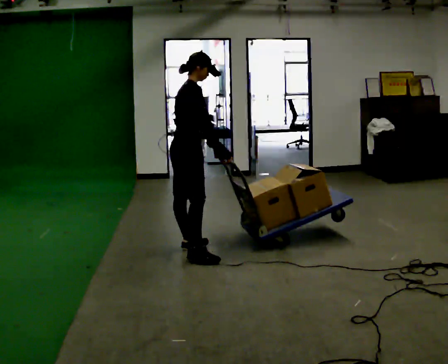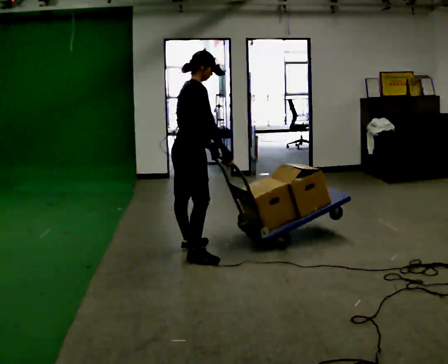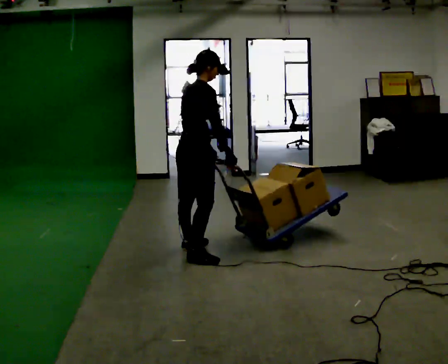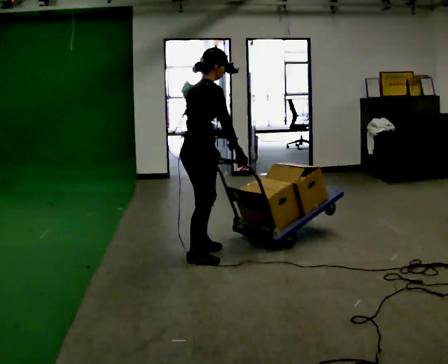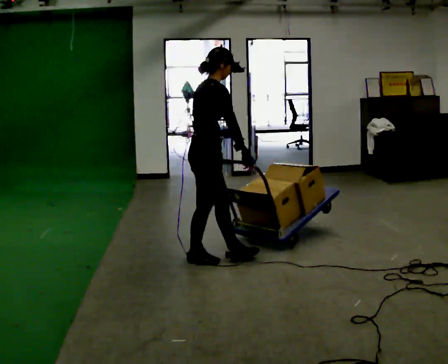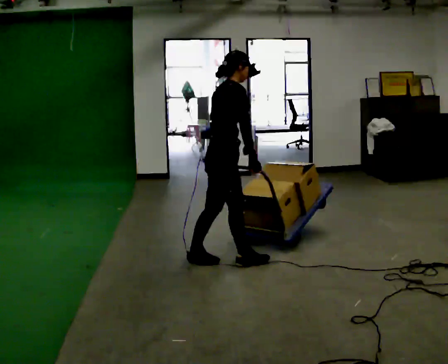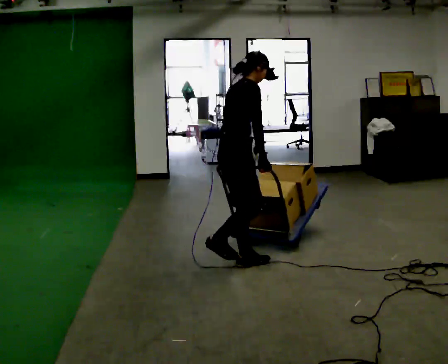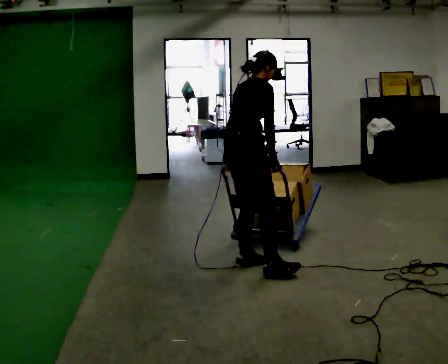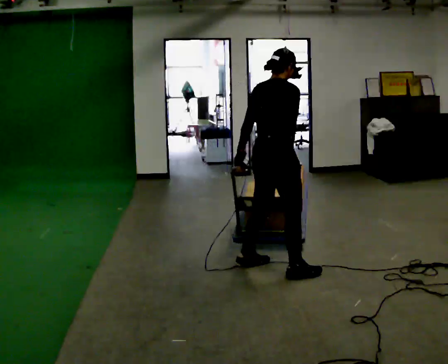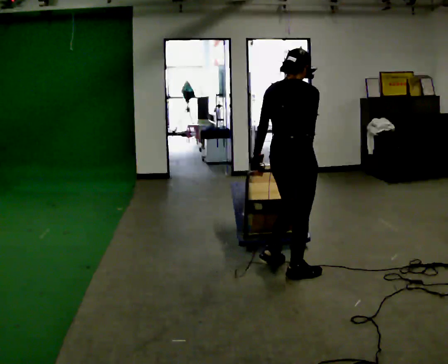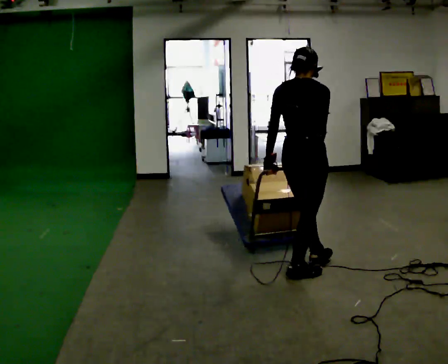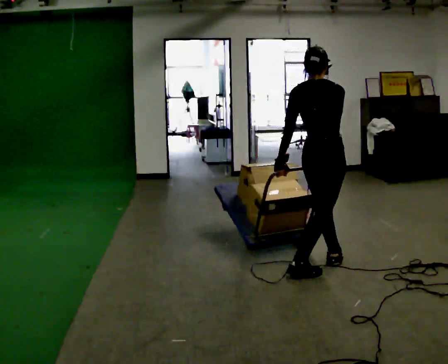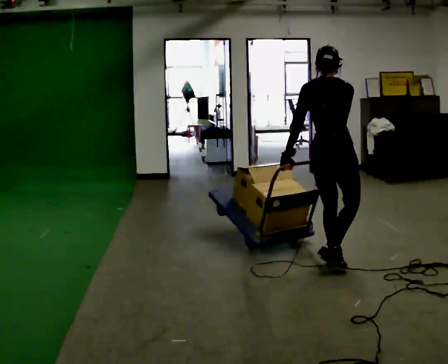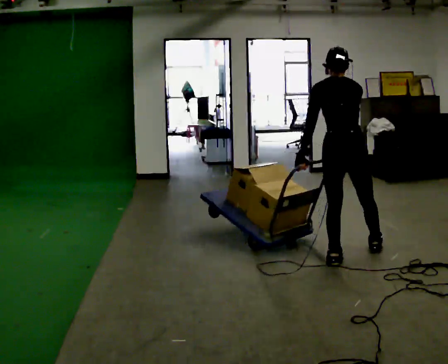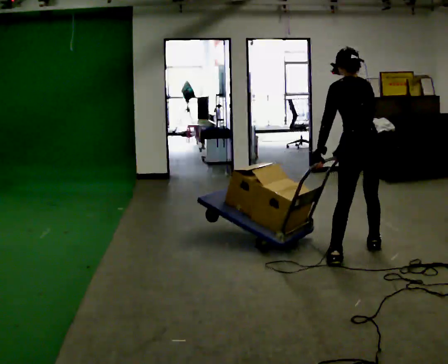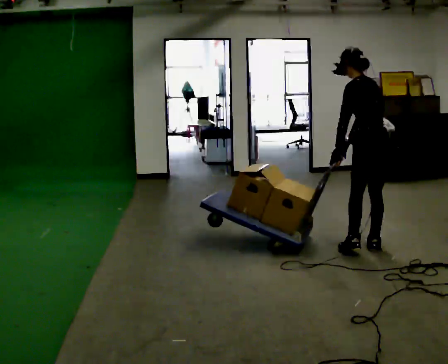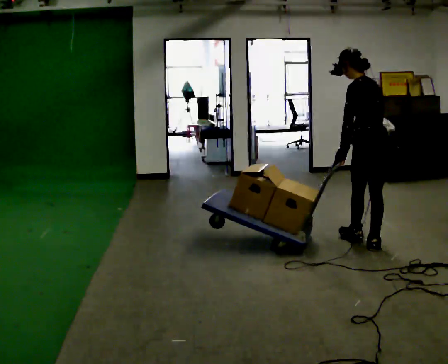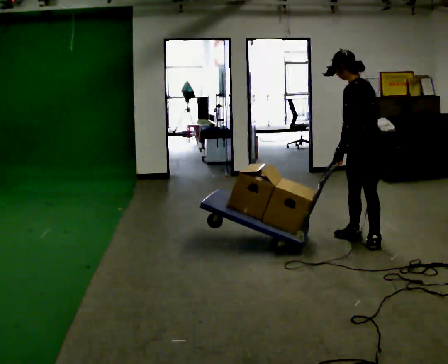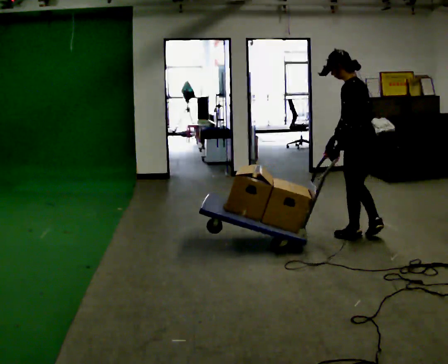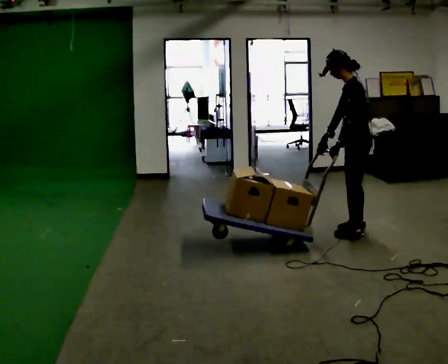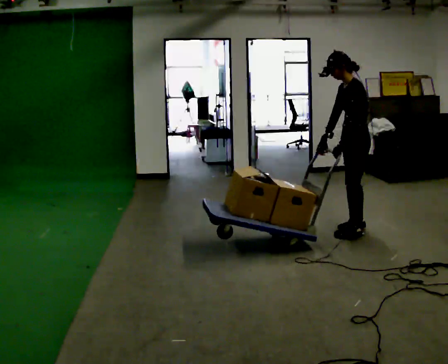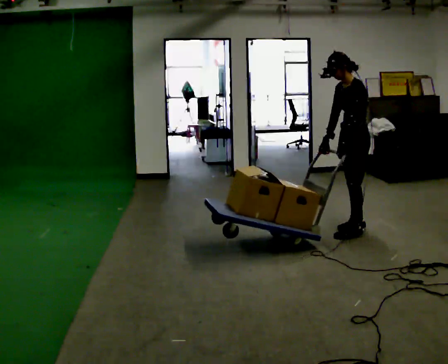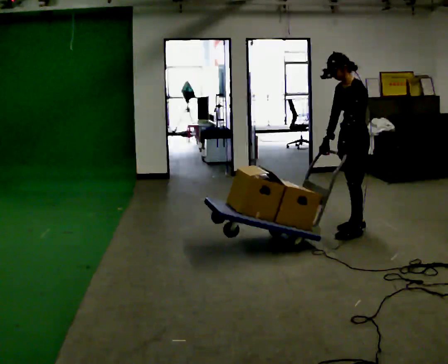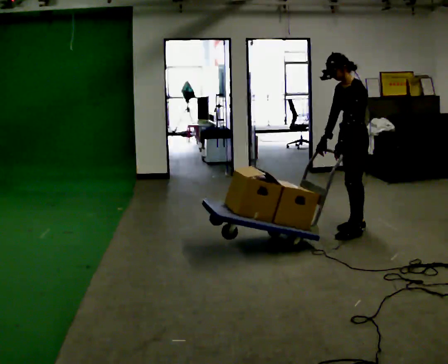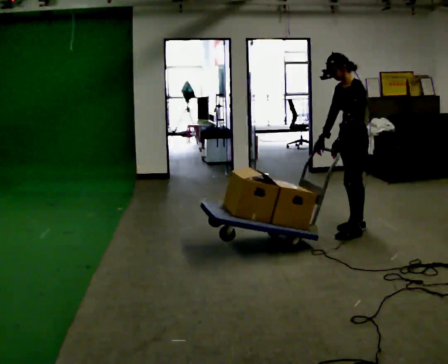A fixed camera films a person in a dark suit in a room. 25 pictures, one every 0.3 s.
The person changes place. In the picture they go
to the right.
The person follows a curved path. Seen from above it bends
counterclockwise.
0.0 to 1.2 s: In the picture they go toward the camera and to the right, about 0.25 m, which for them is to their right.
1.2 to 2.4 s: The person turns about 30 degrees to their left, counterclockwise seen from above, so the part of the body nearest the lens slides to the right. In the picture they go to the right, about 0.5 m in 2 steps, which for them is forward and to their right.
2.4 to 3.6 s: In the picture they go to the right and away from the camera, about 0.5 m in 1 step, which for them is forward and to their right.
3.6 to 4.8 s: The person turns about 60 degrees to their left, counterclockwise seen from above, so the part of the body nearest the lens slides to the right. In the picture they go away from the camera and to the right, about 0.5 m in 1 step.
4.8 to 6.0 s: The person turns about 60 degrees to their left, counterclockwise seen from above, so the part of the body nearest the lens slides to the right. In the picture they go away from the camera, about 0.5 m in 2 steps, which for them is forward and to their right.
6.0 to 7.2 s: The person moves a little, or ends about where they began.
The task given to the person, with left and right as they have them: Turn the cart round to face the other way without moving it out of the marked square, then turn it back. Repeat until the operator says stop.
The film runs forward here.
